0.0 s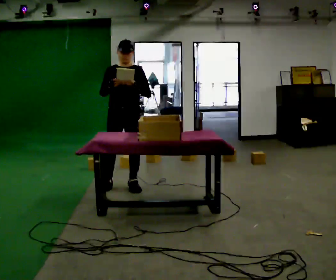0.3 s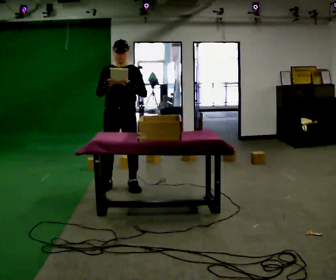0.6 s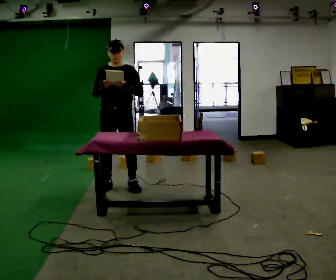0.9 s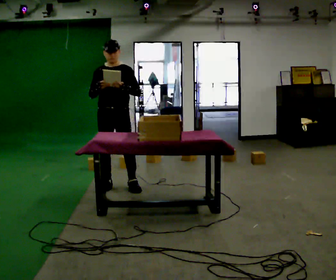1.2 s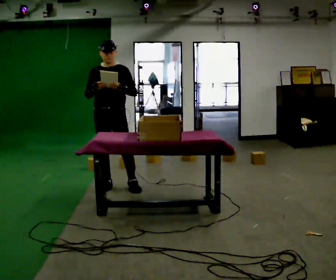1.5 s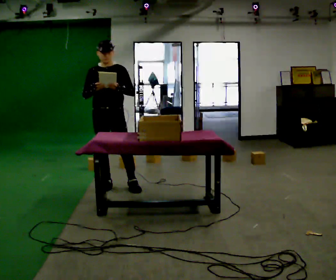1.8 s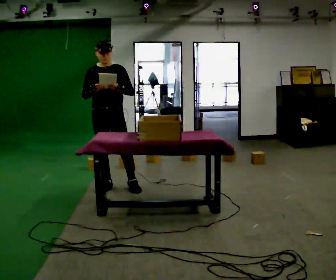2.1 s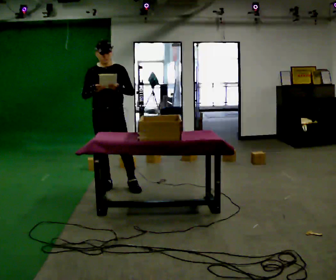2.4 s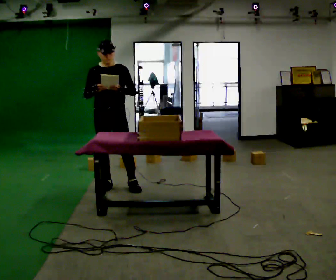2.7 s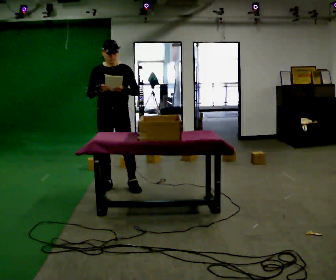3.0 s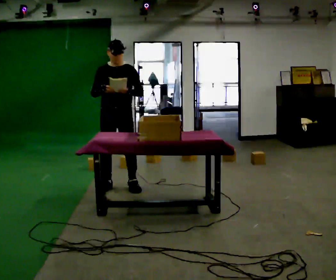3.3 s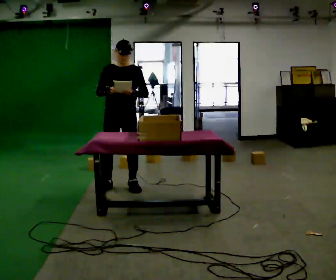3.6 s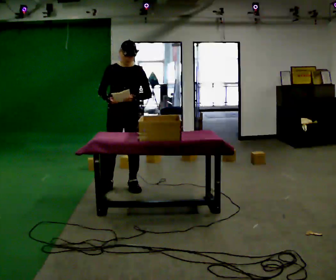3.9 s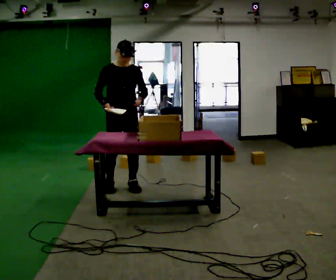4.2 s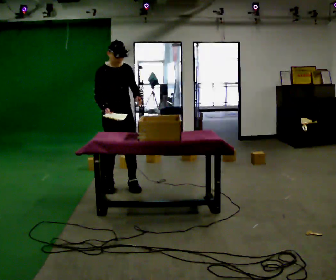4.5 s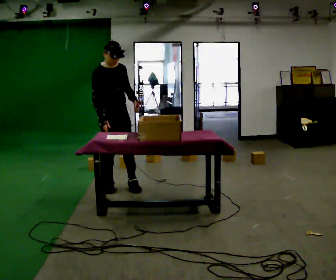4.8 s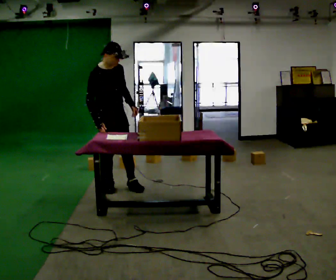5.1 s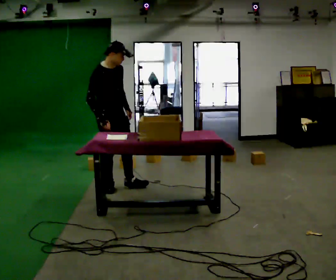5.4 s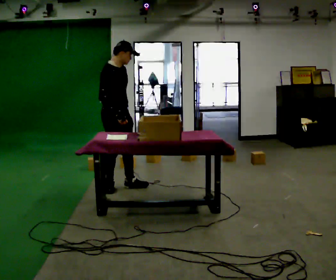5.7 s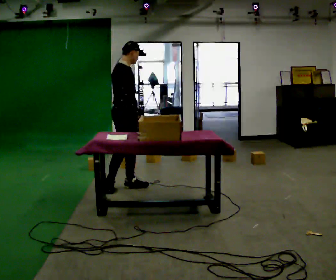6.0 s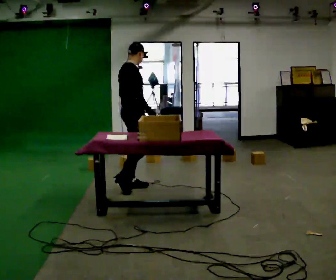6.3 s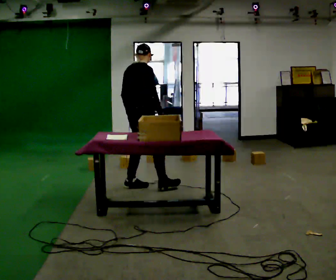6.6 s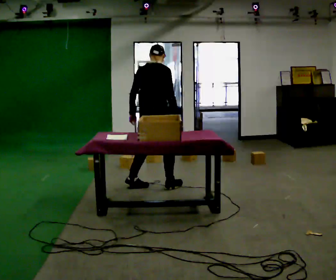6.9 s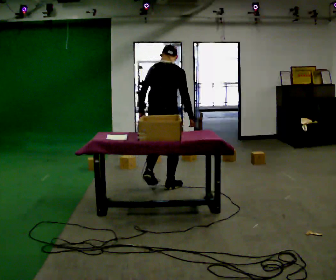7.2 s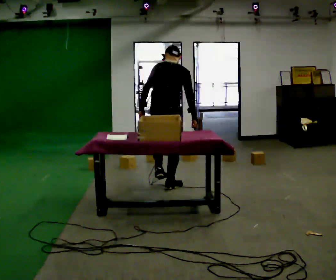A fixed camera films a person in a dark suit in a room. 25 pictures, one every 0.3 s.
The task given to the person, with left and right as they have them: 1. Read the list the operator gives you. 2. Collect the six items on the list from the shelves. 3. Put them all in the bin on the table. 4. Tell the operator when you are finished.
0.0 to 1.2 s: In the picture they go to the left, about 0.25 m, which for them is to their right.
1.2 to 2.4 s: The person moves a little, or ends about where they began.
2.4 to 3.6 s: In the picture they go to the right, about 0.25 m, which for them is to their left.
3.6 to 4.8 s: The person turns about 45 degrees to their left, counterclockwise seen from above, so the part of the body nearest the lens slides to the right. In the picture they go to the left, about 0.25 m, which for them is to their right.
4.8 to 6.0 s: The part of the body nearest the lens slides to the right as the person turns to their left by about 60 degrees. In the picture they go to the right, about 0.25 m, which for them is forward and to their left. In the picture their right hand goes to the right.
6.0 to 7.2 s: The part of the body nearest the lens slides to the right as the person turns to their left by about 60 degrees. In the picture they go to the right, about 0.5 m in 1 step. In the picture the upper body tilts clockwise, shoulders to the right.
The film runs forward here.
